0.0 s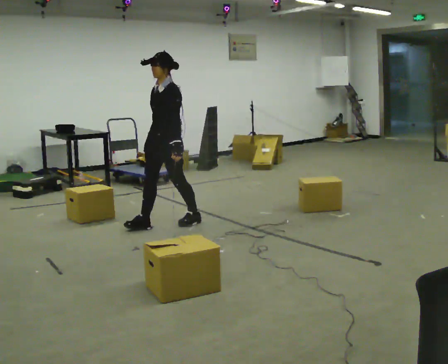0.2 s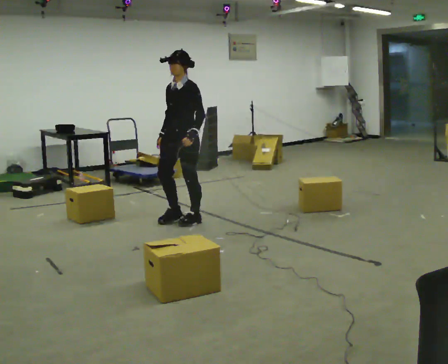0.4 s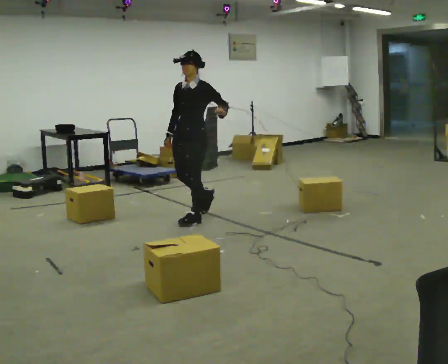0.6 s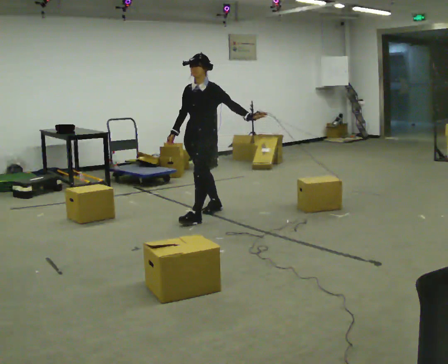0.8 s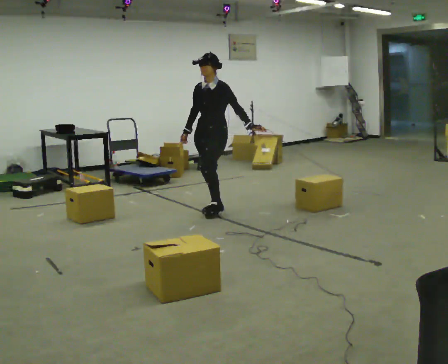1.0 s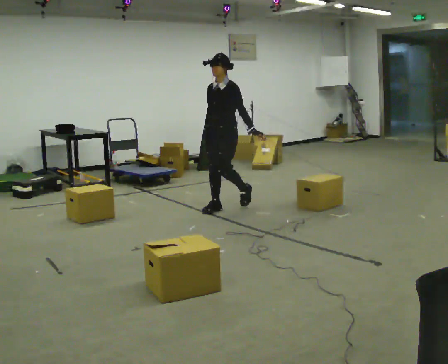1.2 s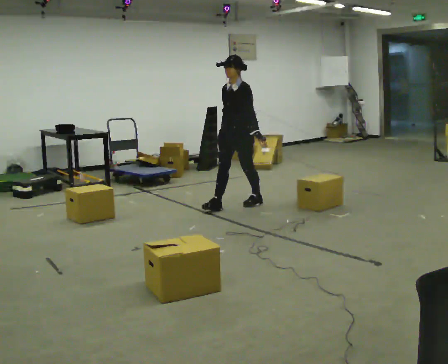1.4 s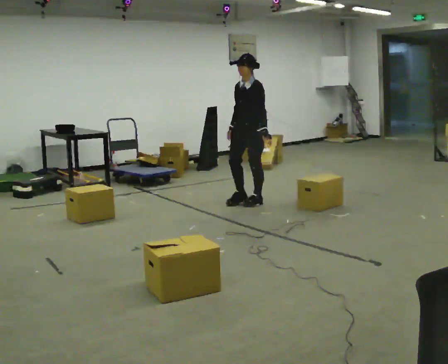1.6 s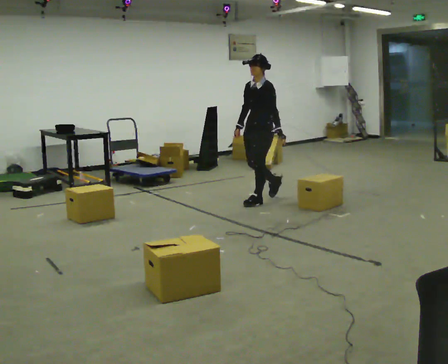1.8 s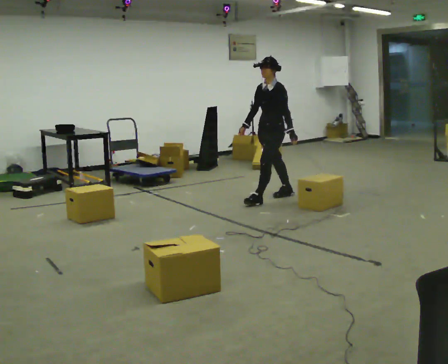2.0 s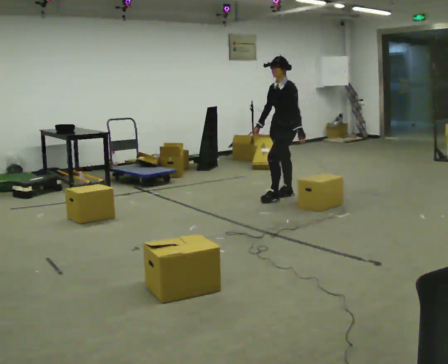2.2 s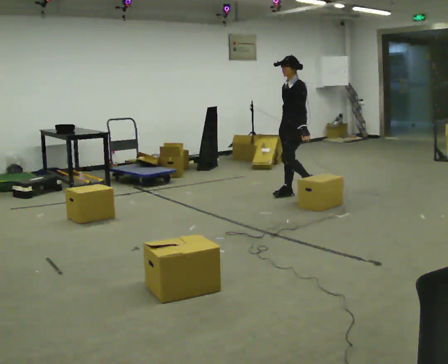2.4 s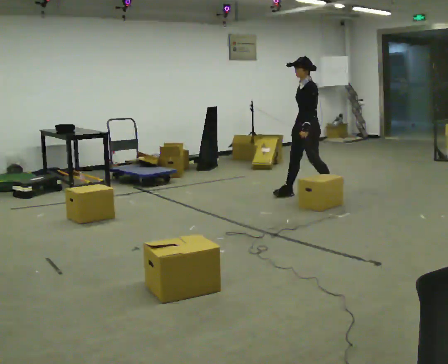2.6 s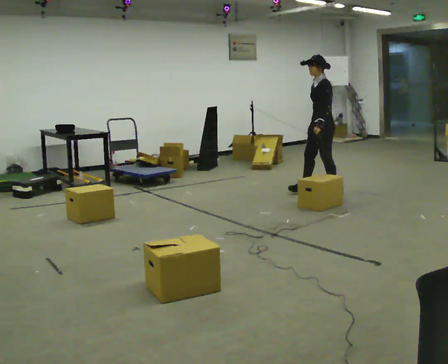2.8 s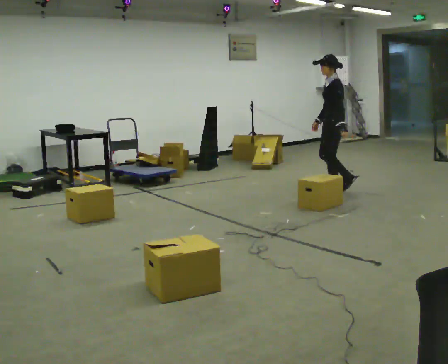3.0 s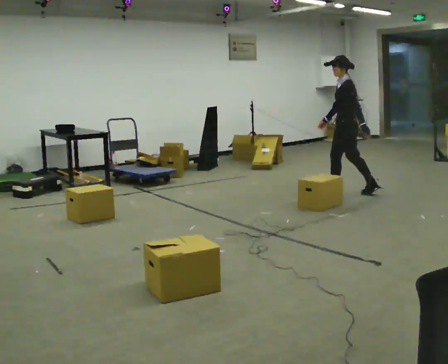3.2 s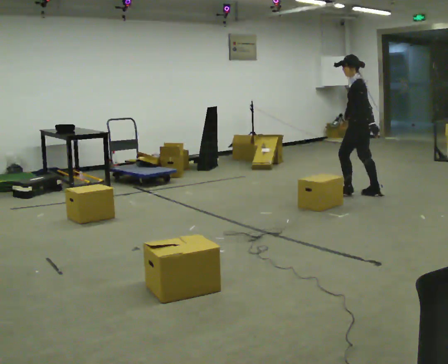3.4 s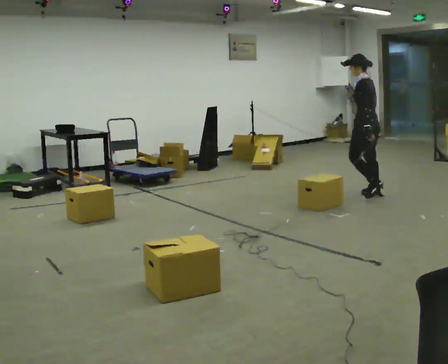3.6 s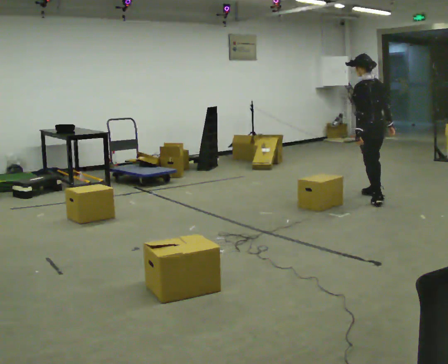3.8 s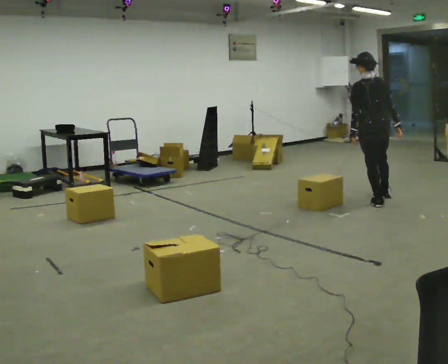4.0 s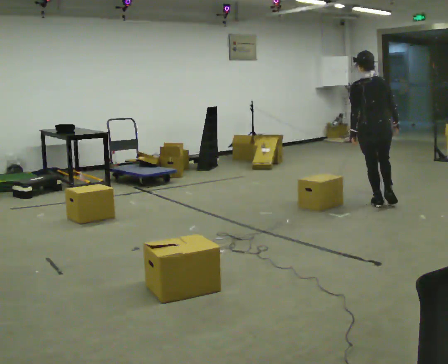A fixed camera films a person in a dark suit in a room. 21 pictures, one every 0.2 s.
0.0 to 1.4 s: In the picture they go away from the camera and to the right, about 1 m in 3 steps, which for them is backward.
1.4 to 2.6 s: Seen from above the body turns clockwise, about 30 degrees: to their right, with its near side sliding to the left. In the picture they go to the right and away from the camera, about 1 m in 2 steps, which for them is backward.
2.6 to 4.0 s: The part of the body nearest the lens slides to the left as the person turns to their right by about 105 degrees. In the picture they go toward the camera and to the right, about 1 m in 2 steps.
The film runs backward here.
